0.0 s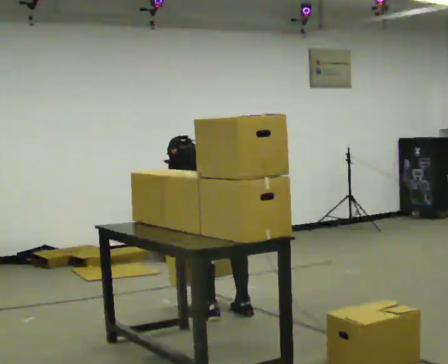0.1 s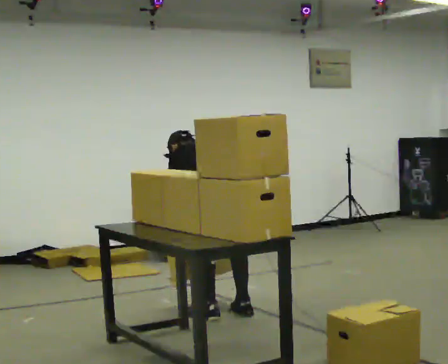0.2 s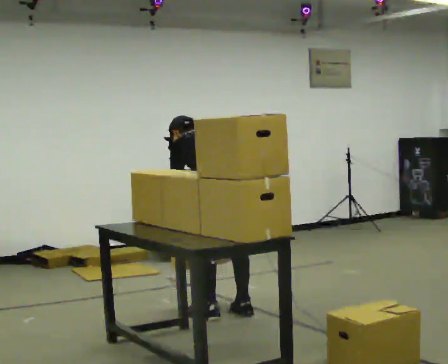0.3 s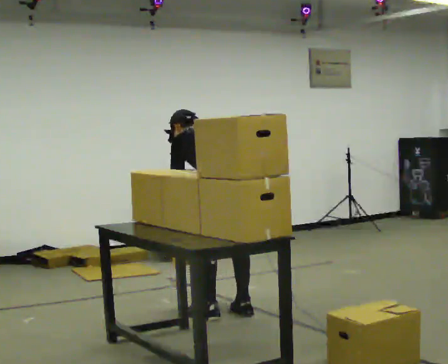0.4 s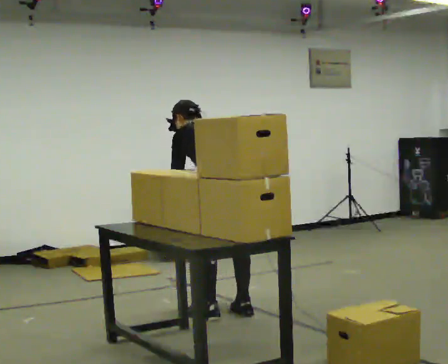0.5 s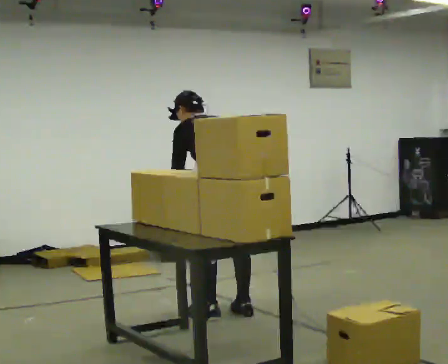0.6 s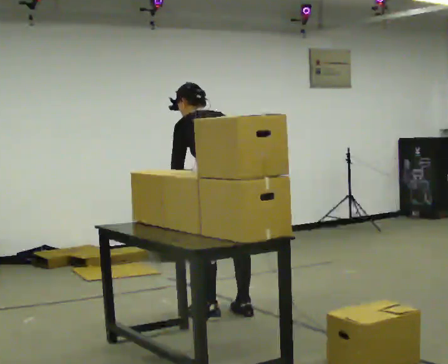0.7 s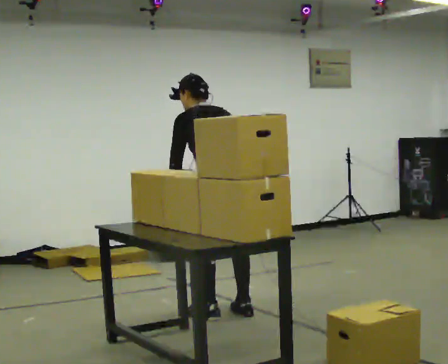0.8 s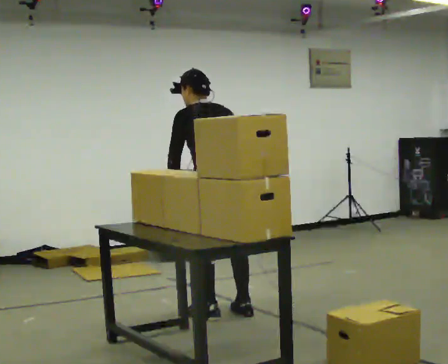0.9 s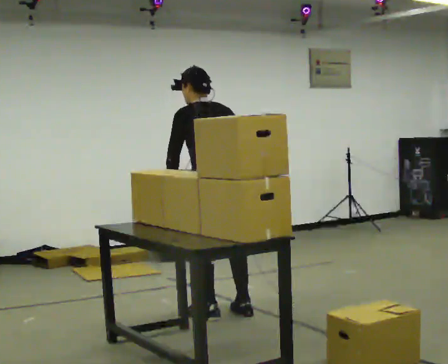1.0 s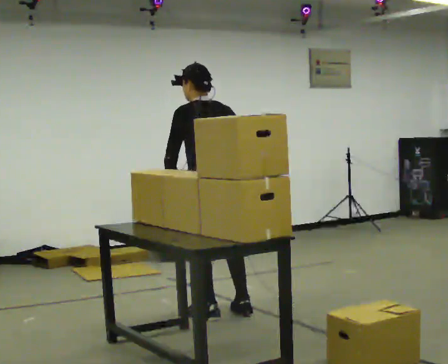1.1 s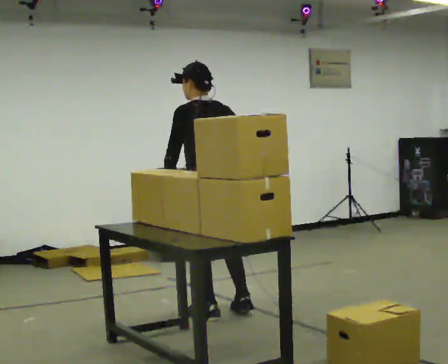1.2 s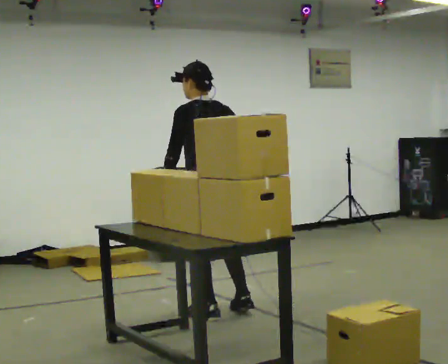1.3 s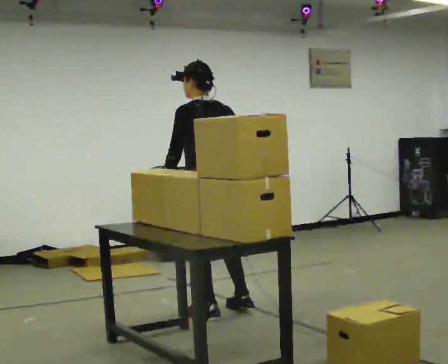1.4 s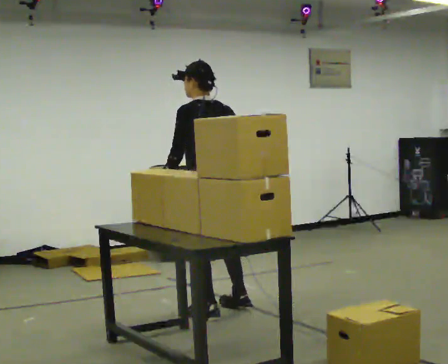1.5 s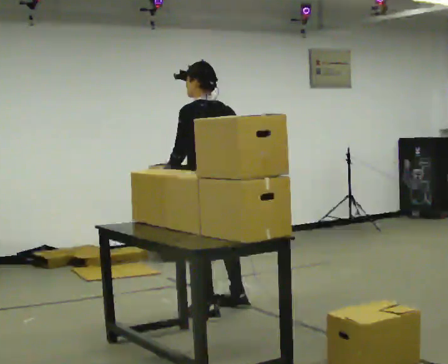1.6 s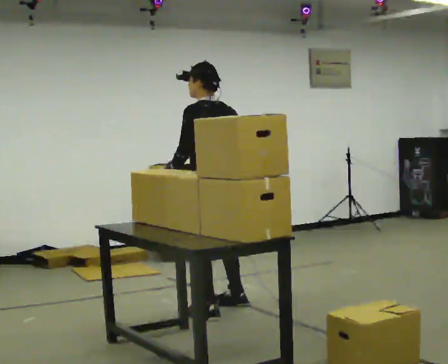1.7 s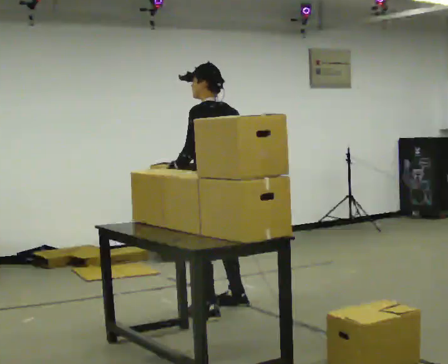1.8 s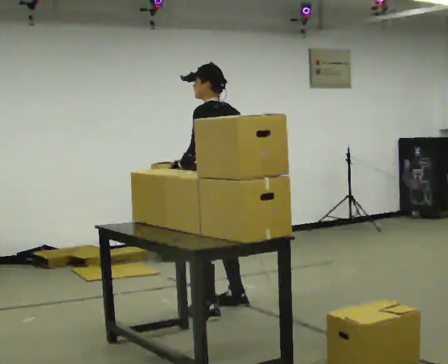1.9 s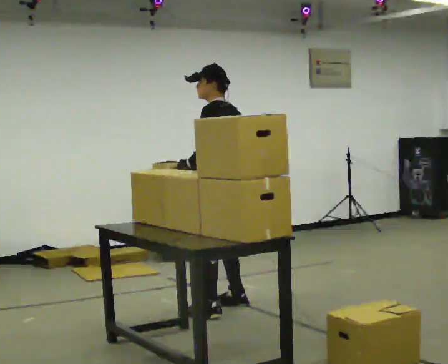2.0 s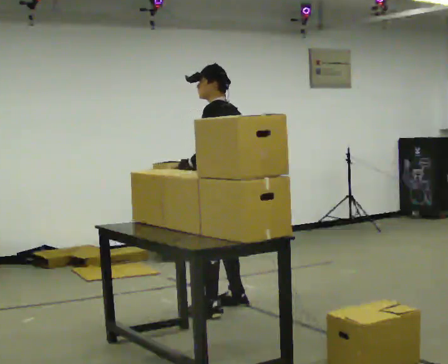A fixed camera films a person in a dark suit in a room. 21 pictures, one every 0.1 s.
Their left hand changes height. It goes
upward.
The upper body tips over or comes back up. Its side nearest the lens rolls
downward.
0.0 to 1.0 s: The upper body goes upward. The upper body tips toward the camera, its near side rolling downward, as they lean back or straighten. In the picture their right hand goes upward.
1.0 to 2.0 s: The part of the body nearest the lens slides to the right as the person turns to their left by about 45 degrees. In the picture they go away from the camera, about 0.25 m in 1 step, which for them is to their right and forward.
The film runs forward here.
